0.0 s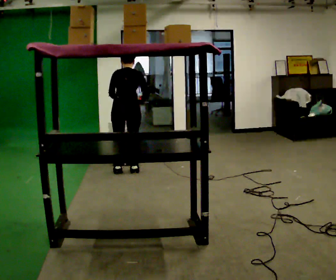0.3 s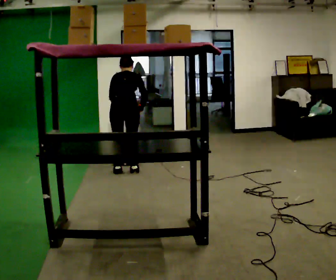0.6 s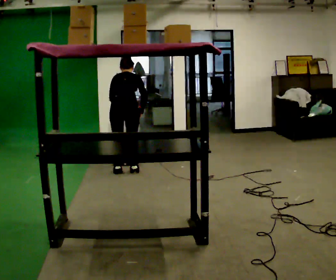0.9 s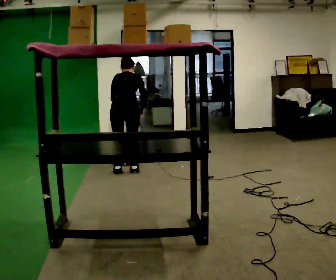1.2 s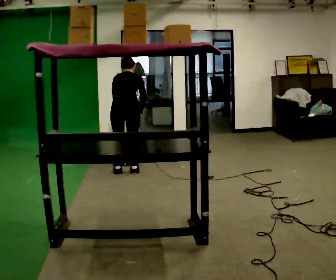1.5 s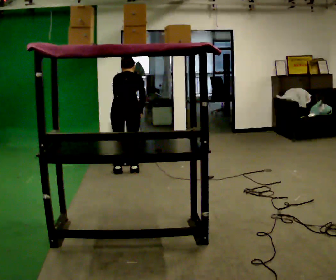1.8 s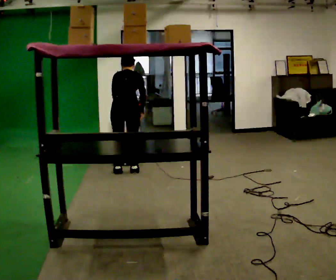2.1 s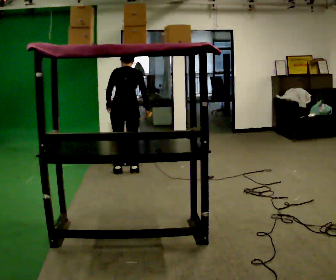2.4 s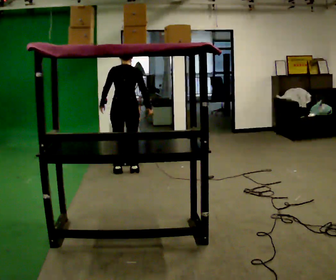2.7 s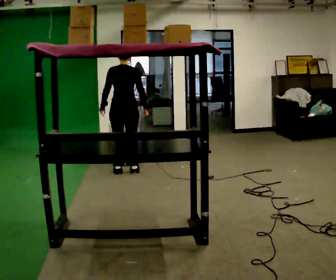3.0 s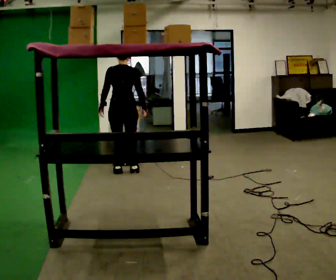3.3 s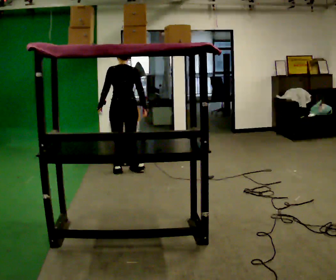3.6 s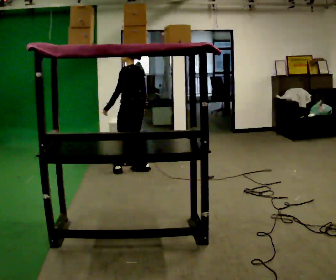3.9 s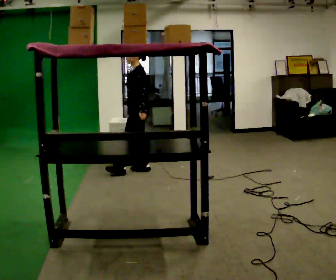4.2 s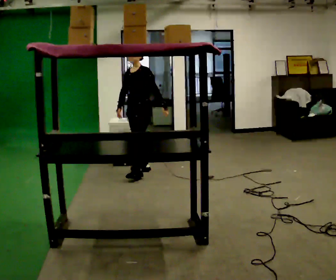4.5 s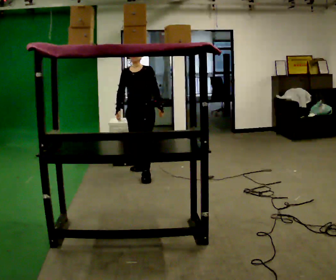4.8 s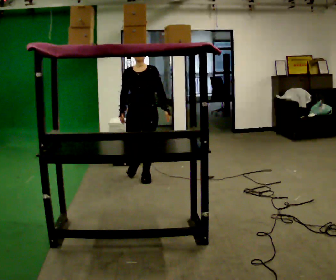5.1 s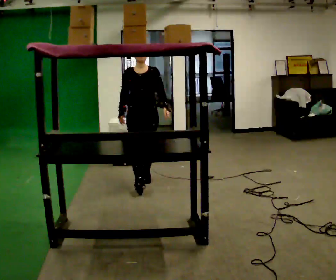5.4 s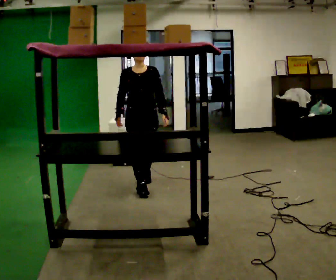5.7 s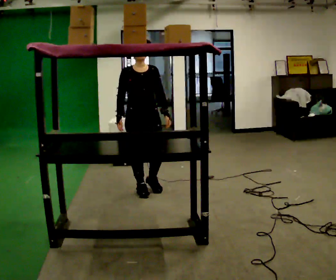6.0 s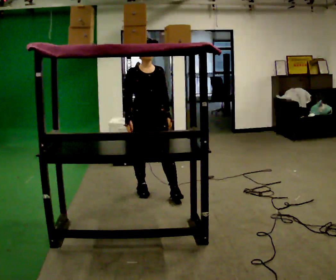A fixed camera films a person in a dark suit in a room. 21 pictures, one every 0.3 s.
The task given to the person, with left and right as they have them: Take an object down from the highest shelf you can comfortably reach, carry it across, and place it on the waist-height shelf. Keep going until the operator says stop; one object at a time, and do not rush between trips.
0.0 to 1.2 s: The person moves a little, or ends about where they began.
1.2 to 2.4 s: The upper body tips toward the camera, its near side rolling downward, as they lean back or straighten.
2.4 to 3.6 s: The part of the body nearest the lens slides to the right as the person turns to their left by about 60 degrees.
3.6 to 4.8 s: The person turns about 120 degrees to their left, counterclockwise seen from above, so the part of the body nearest the lens slides to the right. In the picture they go toward the camera, about 0.5 m in 1 step.
4.8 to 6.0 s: In the picture they go toward the camera, about 0.5 m in 2 steps, which for them is forward.
The film runs forward here.
